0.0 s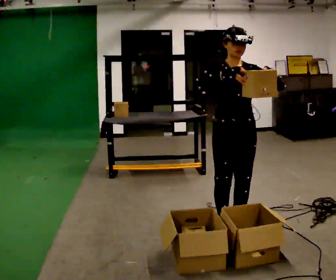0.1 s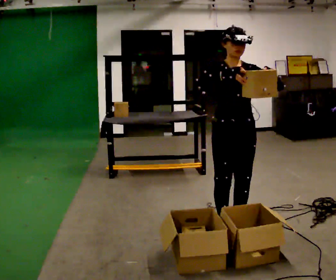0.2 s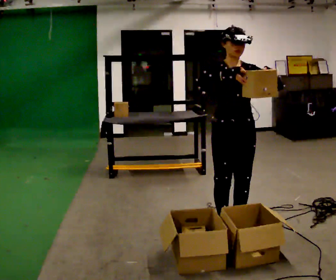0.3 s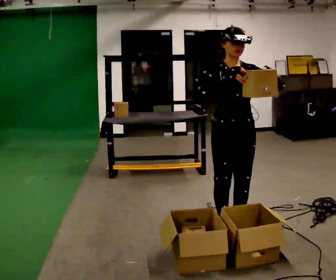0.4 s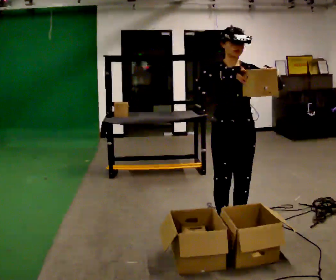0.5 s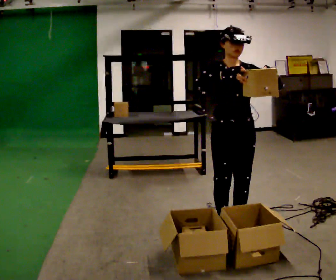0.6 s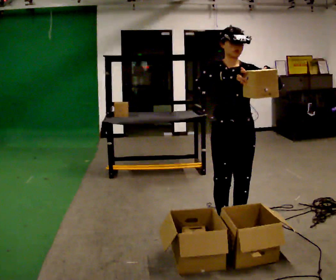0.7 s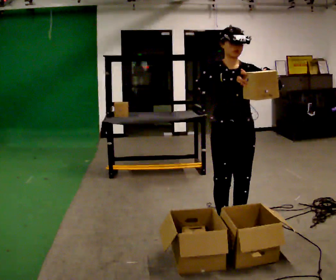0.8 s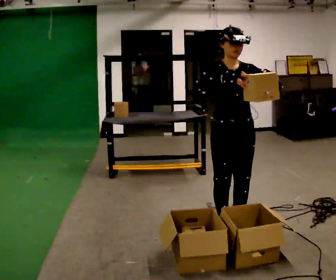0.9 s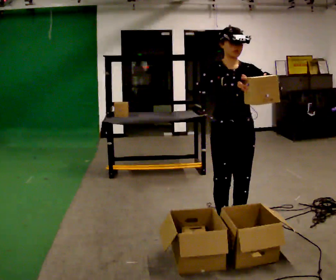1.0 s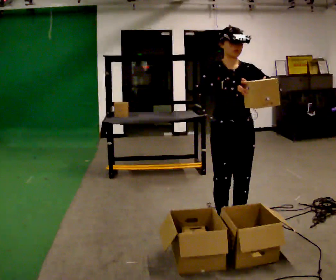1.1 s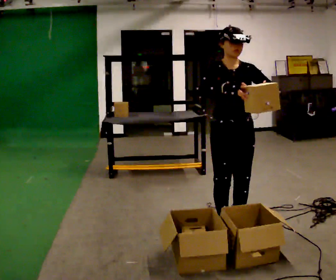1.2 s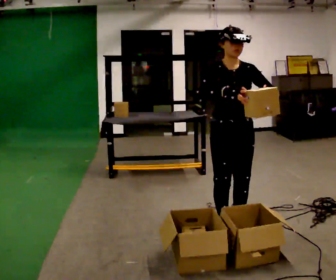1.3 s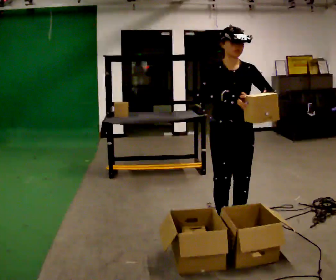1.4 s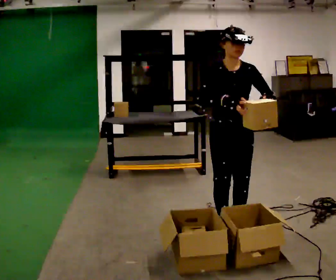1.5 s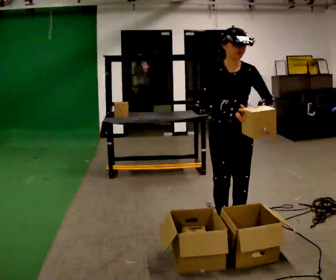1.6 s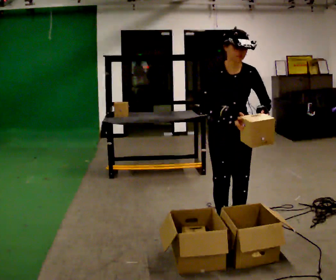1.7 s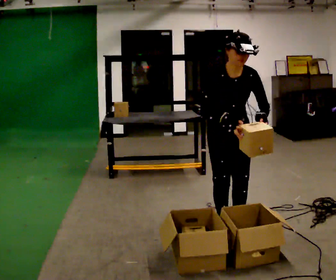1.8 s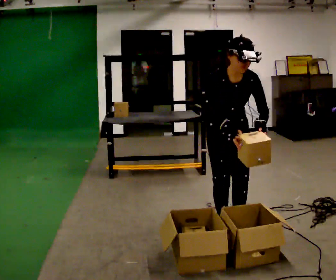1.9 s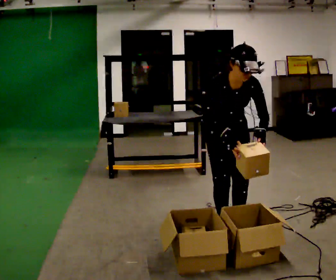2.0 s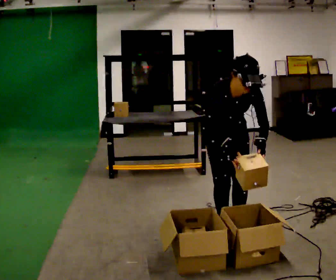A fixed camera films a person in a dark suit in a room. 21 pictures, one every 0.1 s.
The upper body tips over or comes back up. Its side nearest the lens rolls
downward.
Their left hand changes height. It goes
downward.
0.0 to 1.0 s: The person moves a little, or ends about where they began.
1.0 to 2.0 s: The upper body tips toward the camera, its near side rolling downward, as they bend forward. In the picture their right hand goes downward.
The film runs backward here.
